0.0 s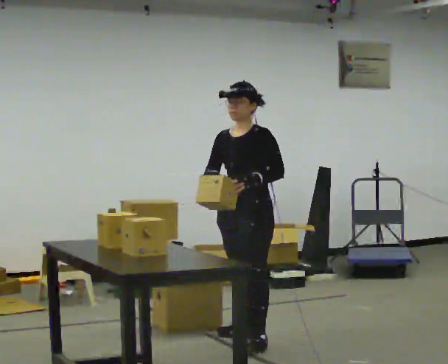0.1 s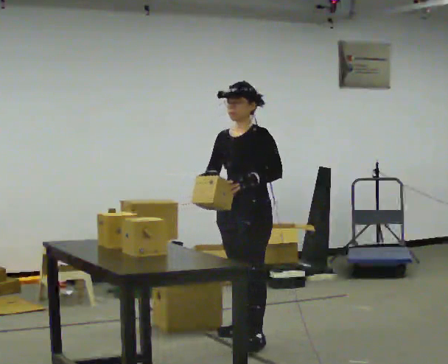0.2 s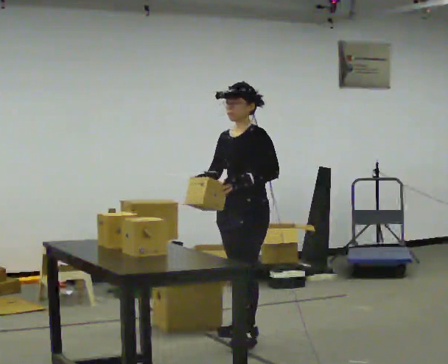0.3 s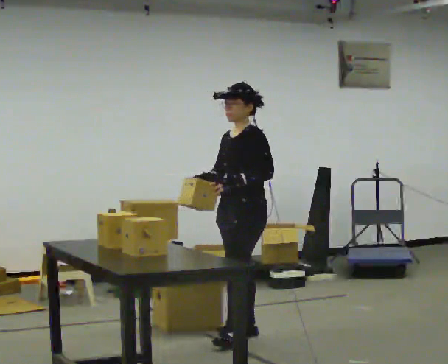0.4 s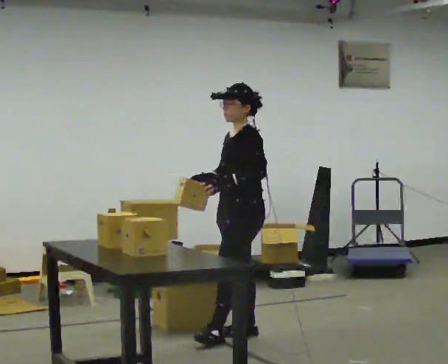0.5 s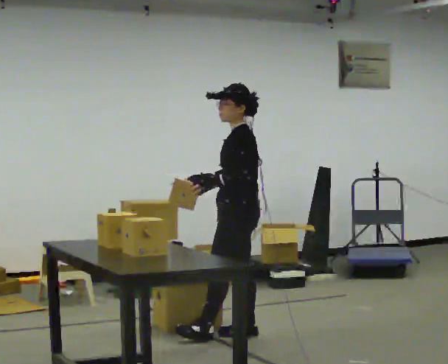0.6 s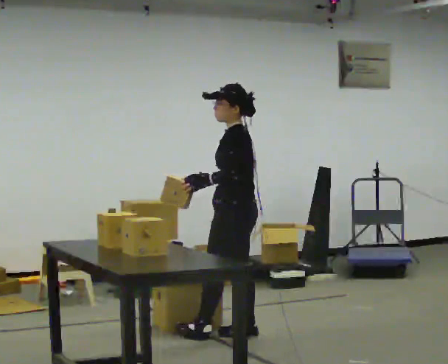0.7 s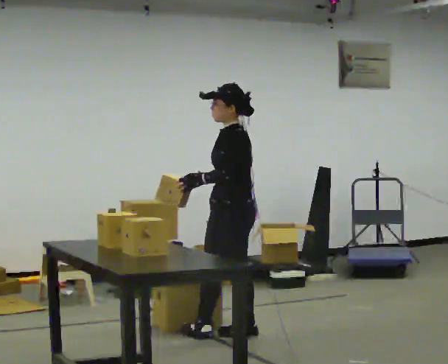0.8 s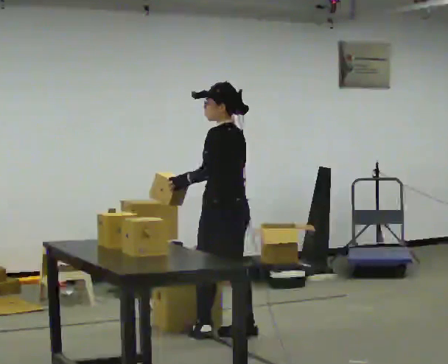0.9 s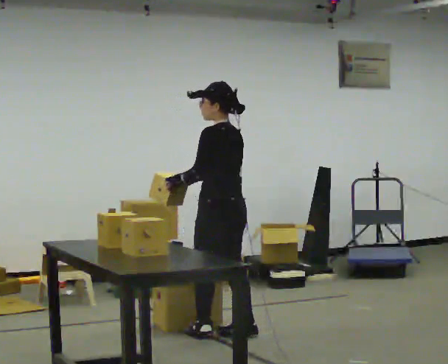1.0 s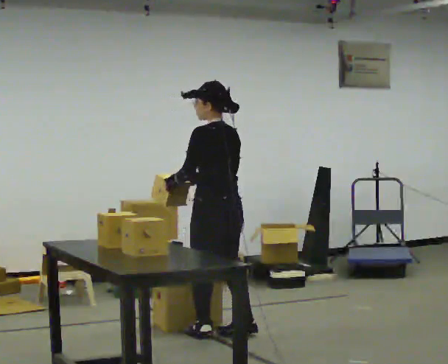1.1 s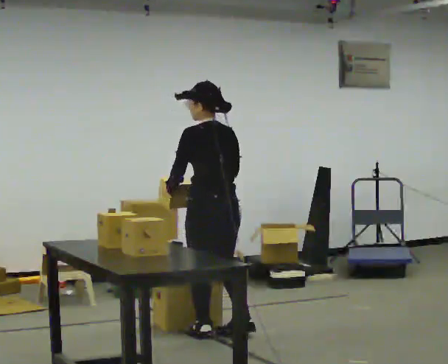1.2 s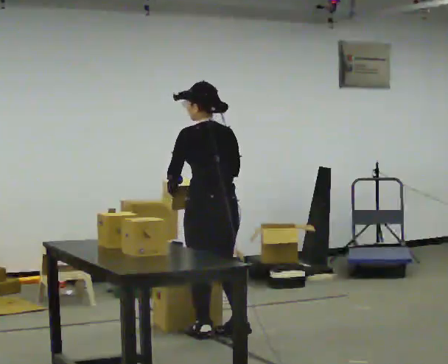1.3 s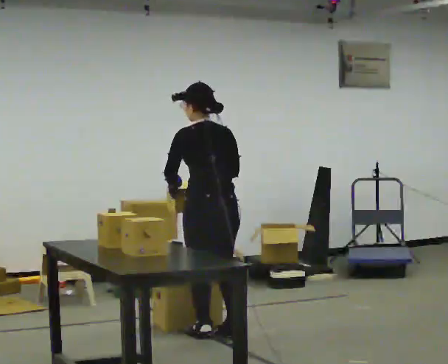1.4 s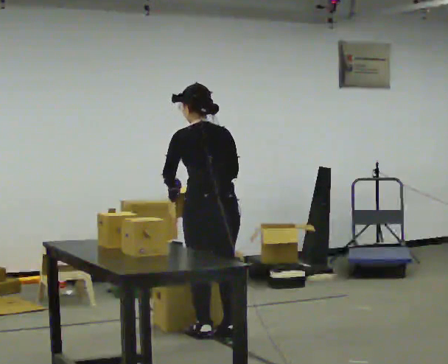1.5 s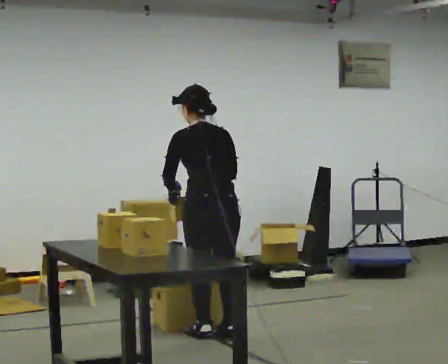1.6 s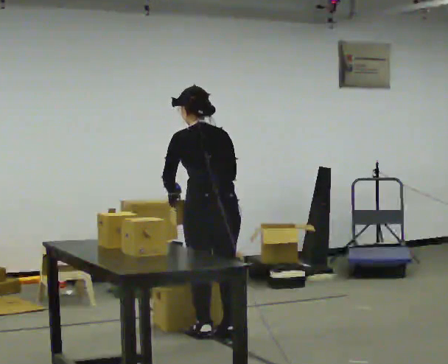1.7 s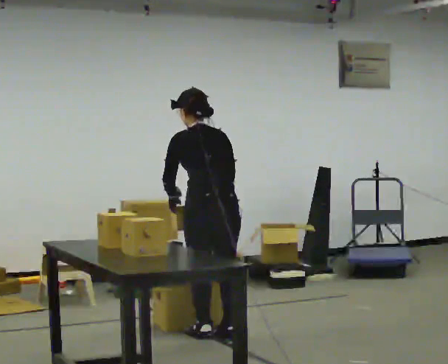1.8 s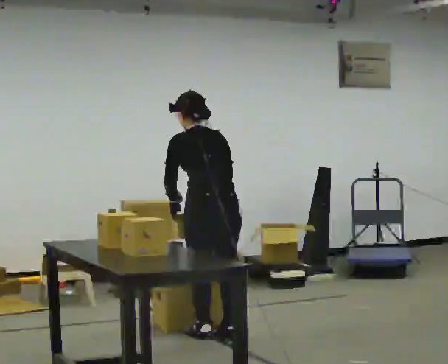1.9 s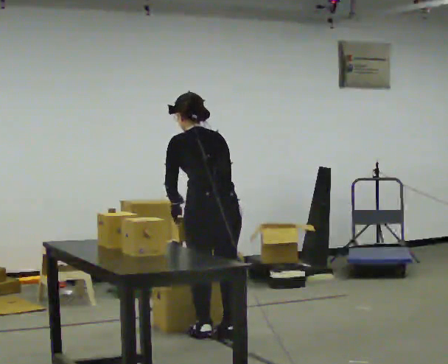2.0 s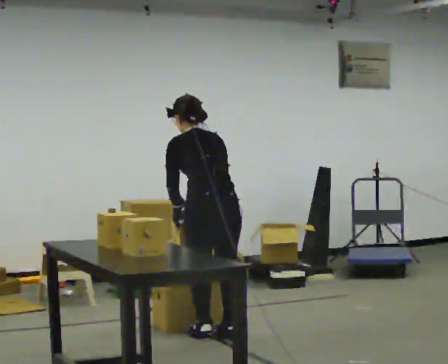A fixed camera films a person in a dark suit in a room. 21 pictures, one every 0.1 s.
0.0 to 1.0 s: Seen from above the body turns clockwise, about 90 degrees: to their right, with its near side sliding to the left. In the picture they go to the left, about 0.25 m in 1 step.
1.0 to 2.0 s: The part of the body nearest the lens slides to the left as the person turns to their right by about 30 degrees. The upper body tips away from the camera, its near side rolling upward, as they bend forward.
The film runs backward here.
